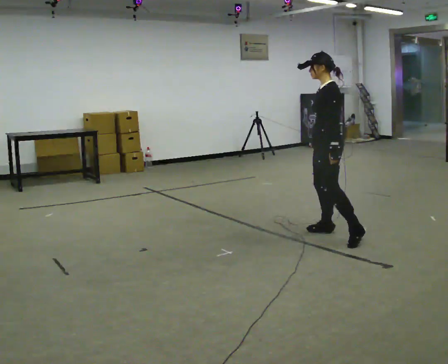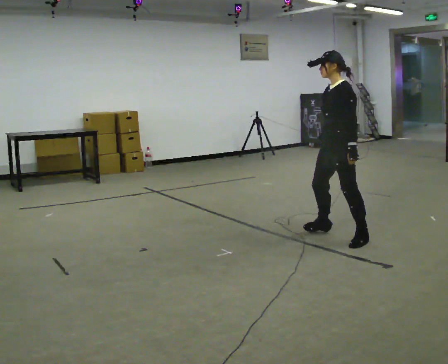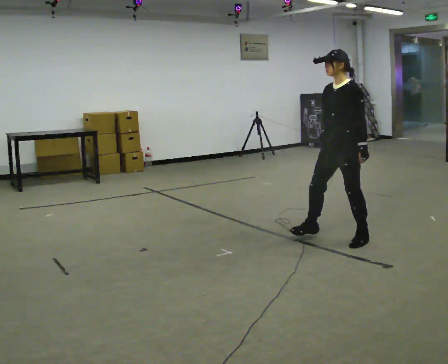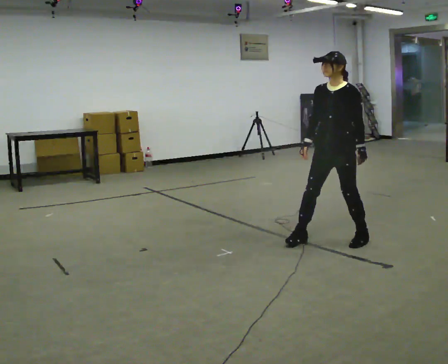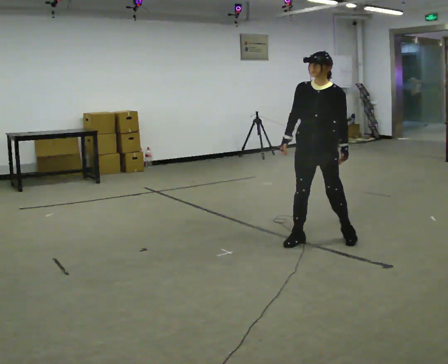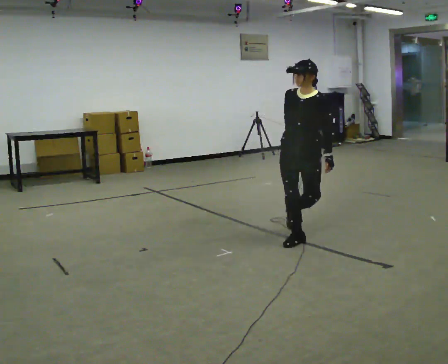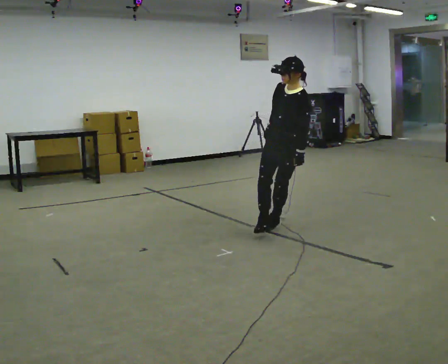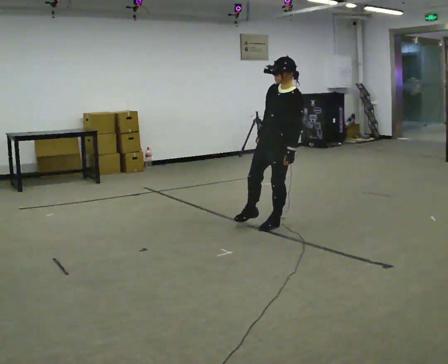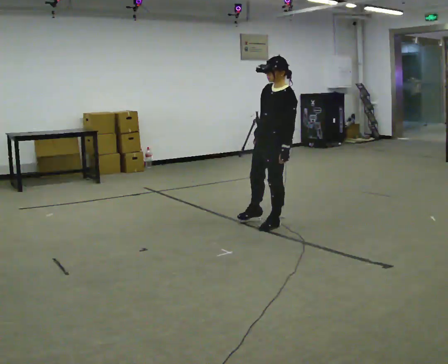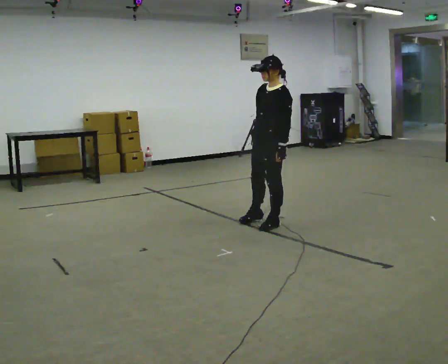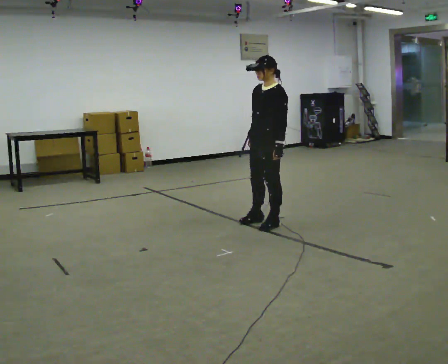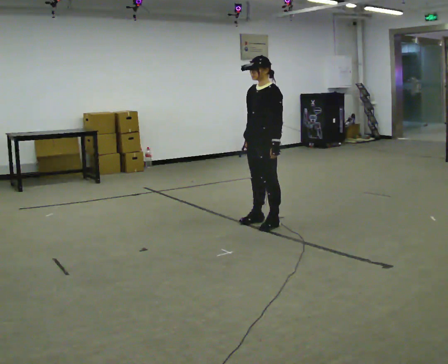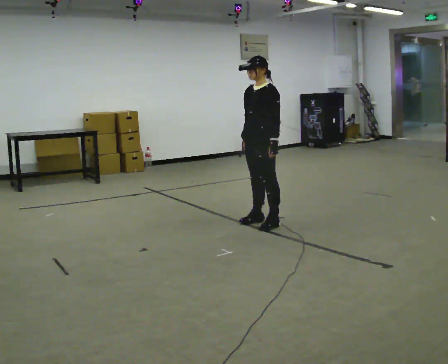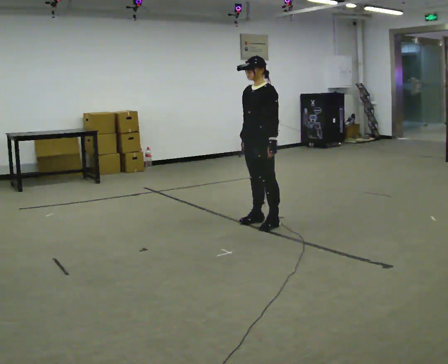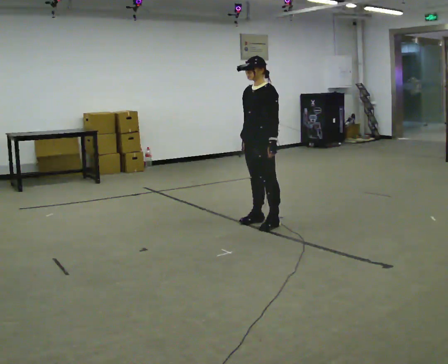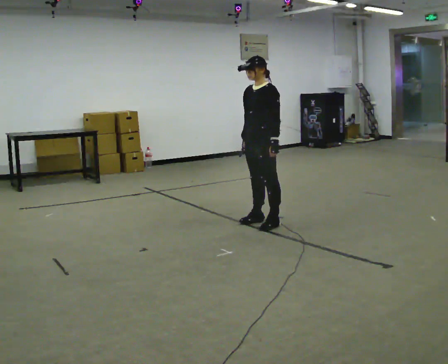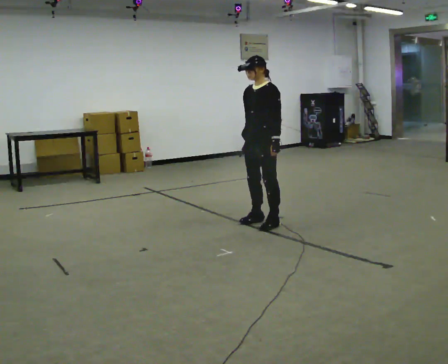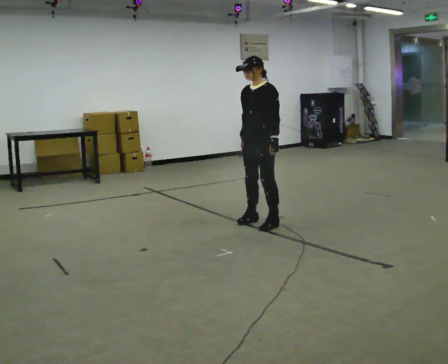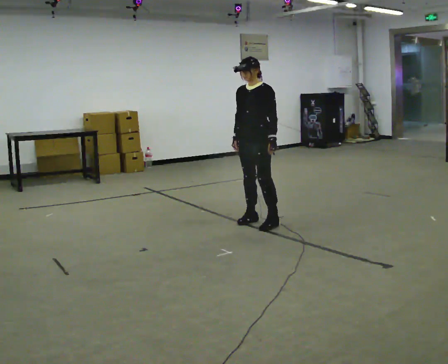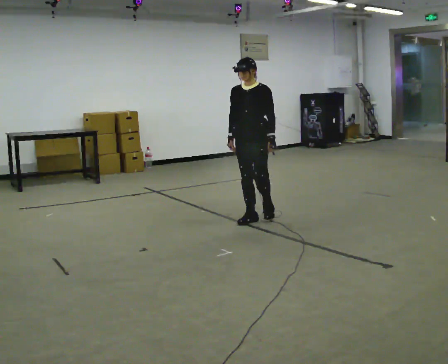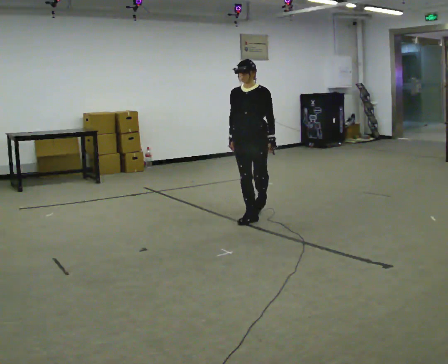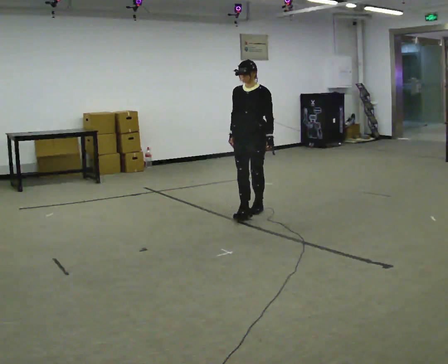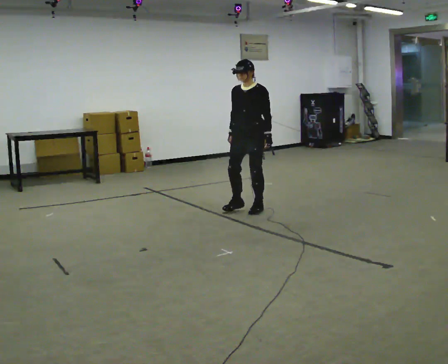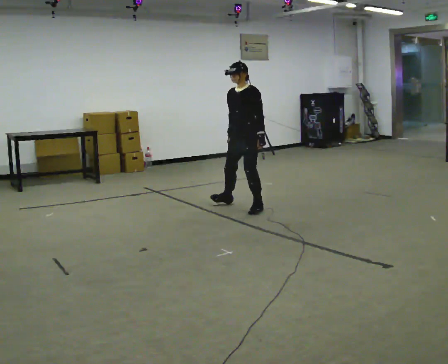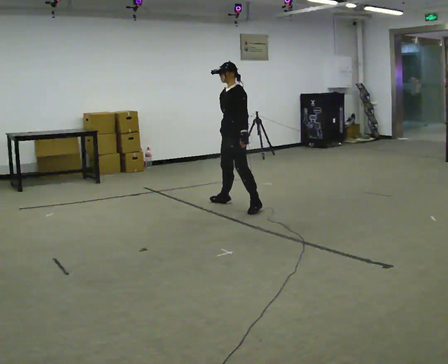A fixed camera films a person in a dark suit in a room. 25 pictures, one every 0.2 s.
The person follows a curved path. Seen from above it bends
clockwise.
0.0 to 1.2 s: The person turns about 60 degrees to their left, counterclockwise seen from above, so the part of the body nearest the lens slides to the right. In the picture they go to the left, about 0.25 m in 3 steps. The upper body tips toward the camera, its near side rolling downward.
1.2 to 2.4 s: In the picture they go away from the camera and to the left, about 0.5 m, which for them is to their right. The upper body tips away from the camera, its near side rolling upward.
2.4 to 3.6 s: The person moves a little, or ends about where they began.
3.6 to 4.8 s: In the picture they go away from the camera and to the left, about 0.75 m in 2 steps, which for them is backward and to their right.
The film runs backward here.
